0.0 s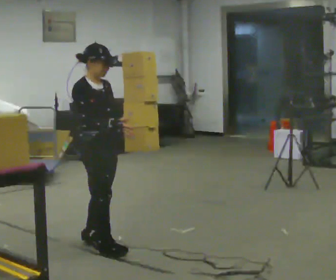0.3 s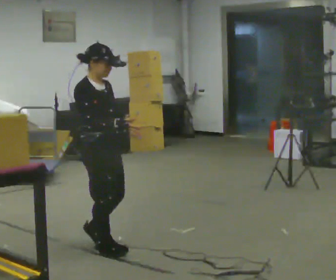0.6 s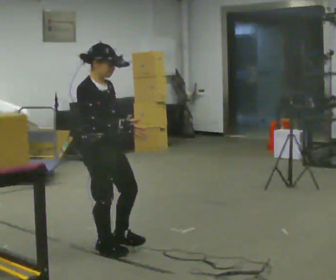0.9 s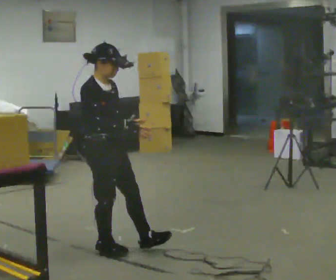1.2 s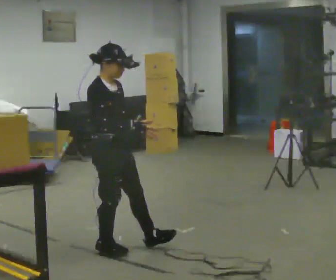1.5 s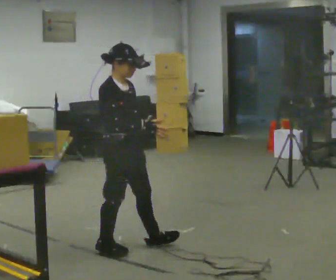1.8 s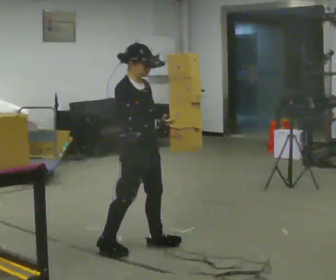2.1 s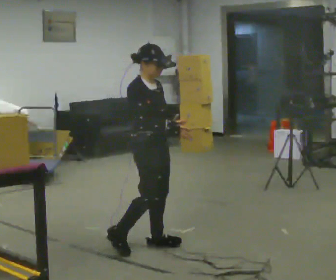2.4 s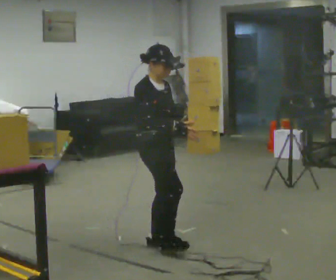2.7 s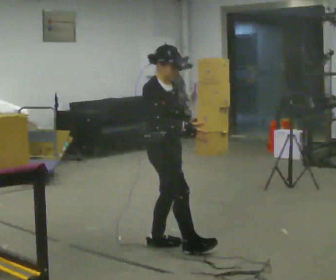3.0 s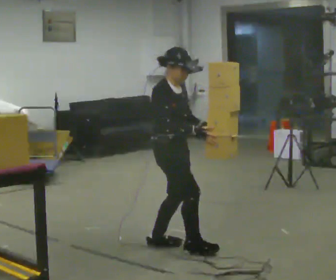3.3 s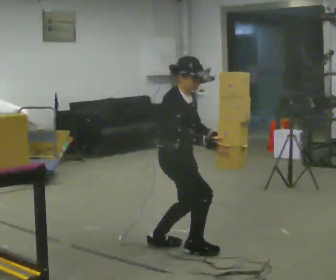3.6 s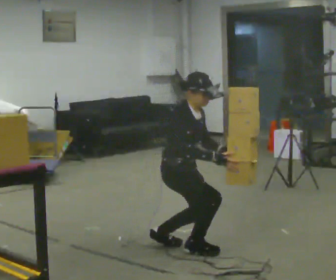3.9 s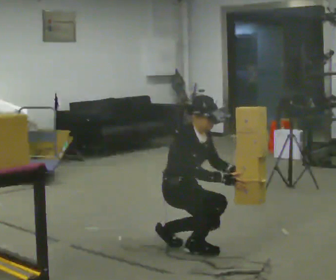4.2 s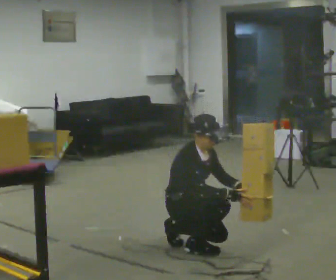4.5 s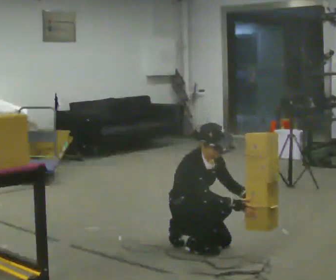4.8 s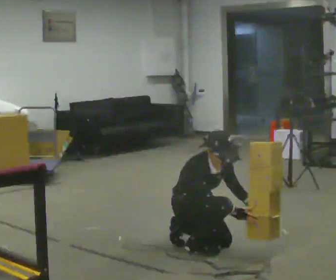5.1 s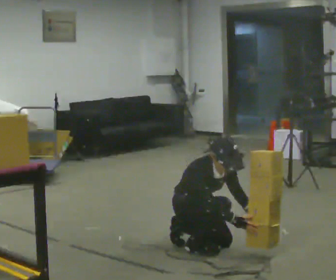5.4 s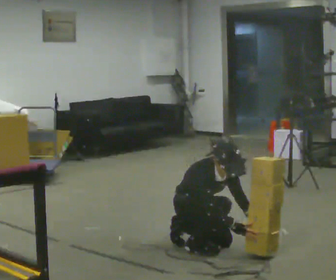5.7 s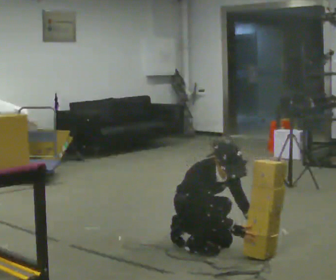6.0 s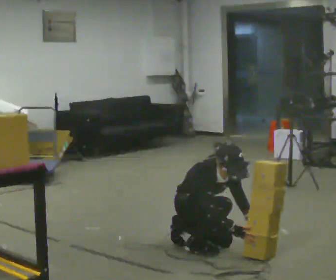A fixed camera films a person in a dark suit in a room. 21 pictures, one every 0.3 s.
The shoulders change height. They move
downward.
Their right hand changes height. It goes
downward.
0.0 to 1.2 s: The person moves a little, or ends about where they began.
1.2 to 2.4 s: In the picture they go to the right, about 0.25 m, which for them is to their left and forward.
2.4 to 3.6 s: The shoulders move downward. In the picture the upper body tilts clockwise, shoulders to the right, as they bend forward.
3.6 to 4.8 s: The upper body goes downward. The upper body tips toward the camera, its near side rolling downward, as they bend forward. In the picture their left hand goes downward.
4.8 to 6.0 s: The person moves a little, or ends about where they began.
The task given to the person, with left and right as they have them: Carry the object over and fit it into the gap between the two boxes already on the shelf, without touching either of them. Keep going until the operator says stop; one object at a time, and do not rush between trips.
The film runs forward here.
